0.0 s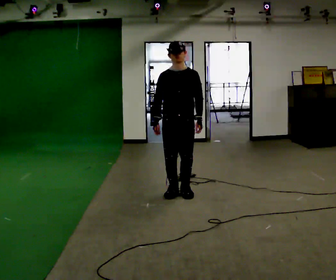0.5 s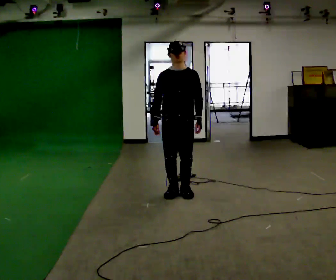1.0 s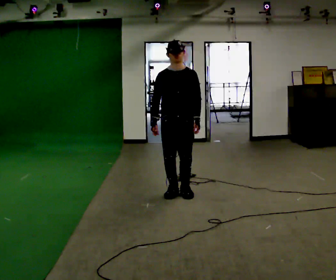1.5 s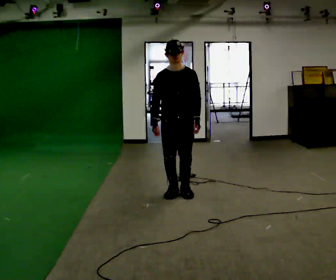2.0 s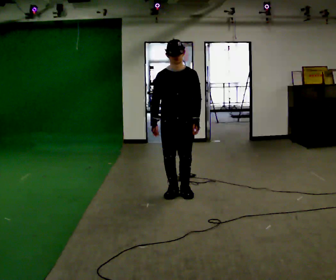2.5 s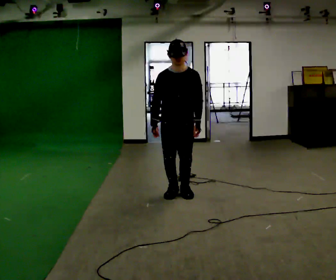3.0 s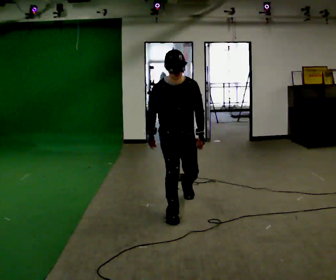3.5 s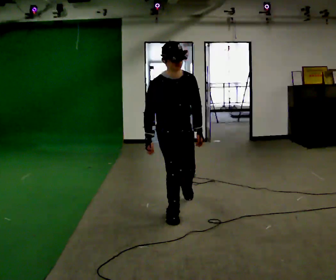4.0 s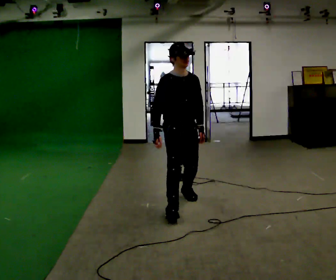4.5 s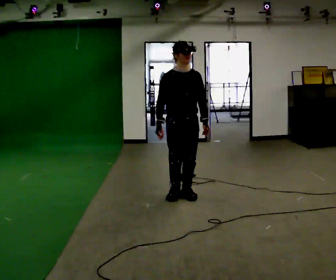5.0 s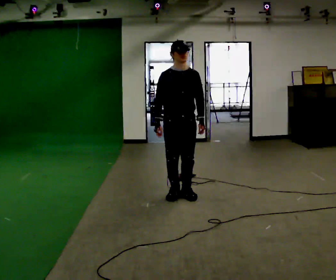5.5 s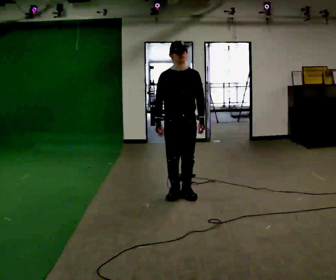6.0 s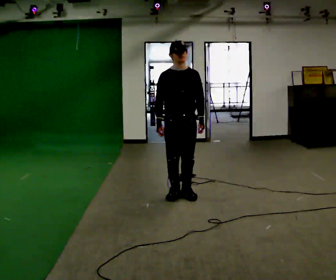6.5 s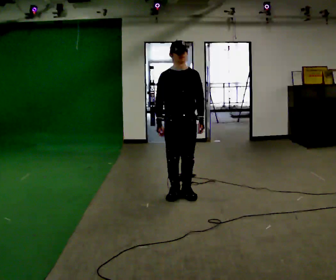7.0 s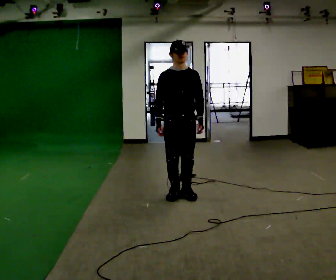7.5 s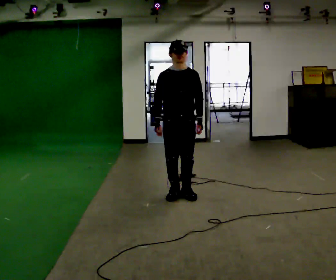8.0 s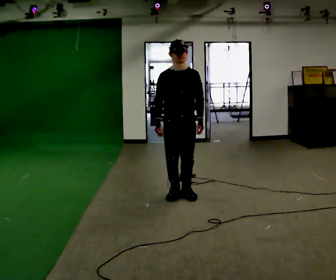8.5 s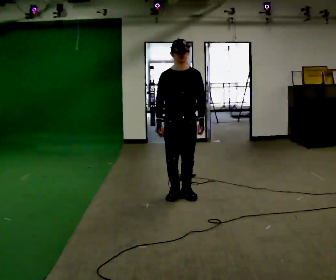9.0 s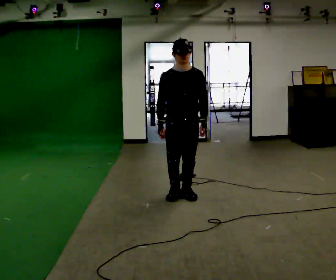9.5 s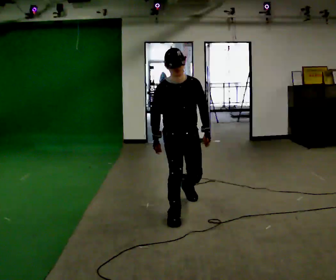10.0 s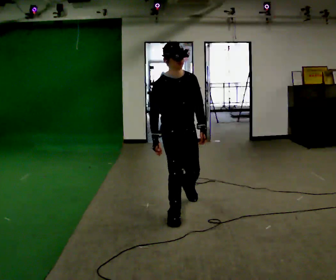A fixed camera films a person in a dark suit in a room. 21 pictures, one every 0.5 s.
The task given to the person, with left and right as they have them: Stand on the marked spots with your feet together. Lean forward from the ankles, keeping your body straight, until you cannot hold it any longer, then step forward to catch yourself. Return to the spots. Repeat at your own pace until the operator says stop. Go slowly and only as far as you are comfortable. Step whenever you need to; do not try to hold on longer than feels safe.
0.0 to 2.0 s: The person moves a little, or ends about where they began.
2.0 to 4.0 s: Seen from above the body turns counterclockwise, about 30 degrees: to their left, with its near side sliding to the right. In the picture they go toward the camera, about 0.25 m in 1 step, which for them is forward.
4.0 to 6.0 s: In the picture they go away from the camera, about 0.25 m in 1 step, which for them is backward.
6.0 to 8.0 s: The person moves a little, or ends about where they began.
8.0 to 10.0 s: In the picture they go toward the camera, about 0.5 m in 1 step, which for them is forward.
The film runs forward here.
